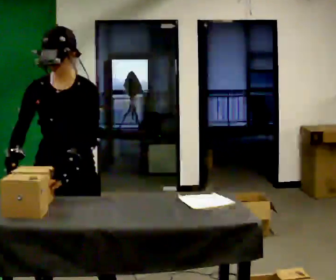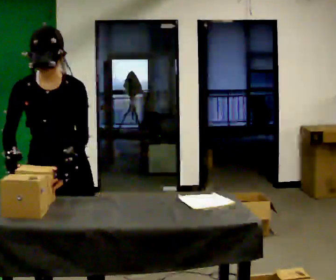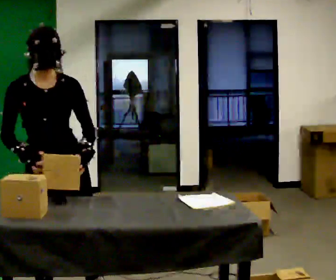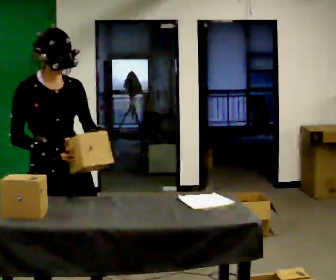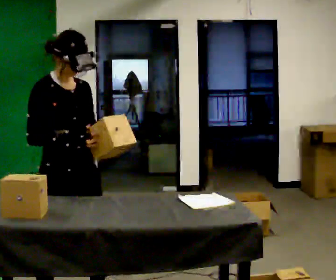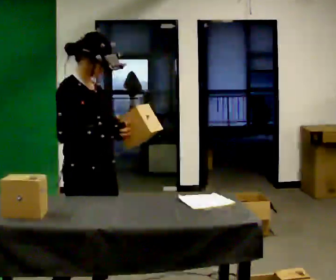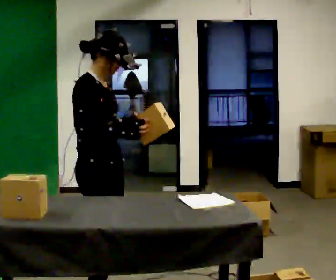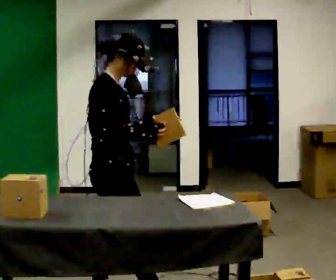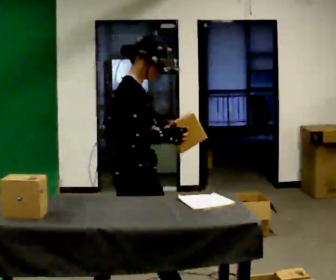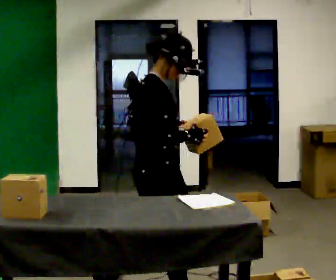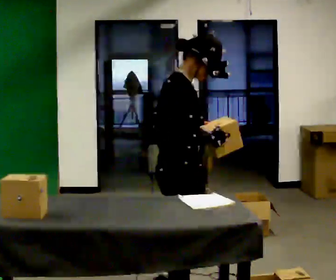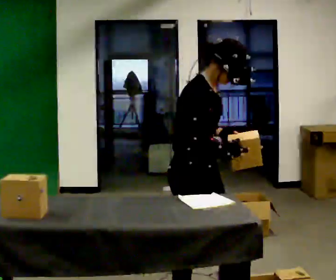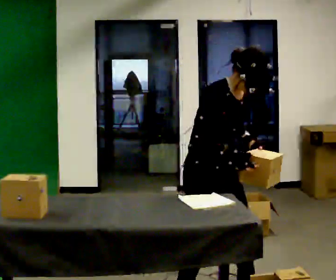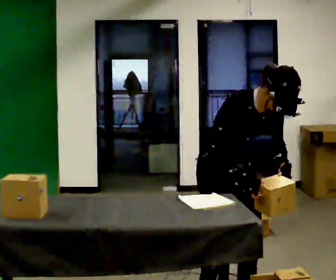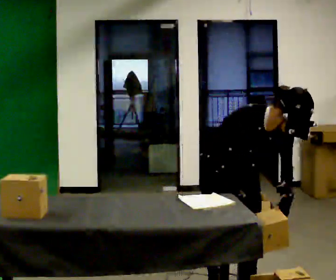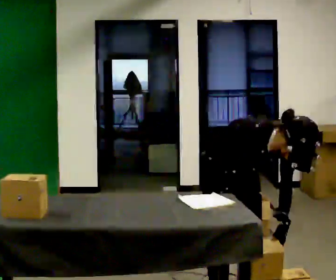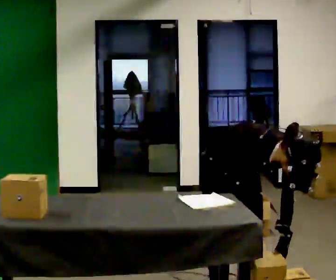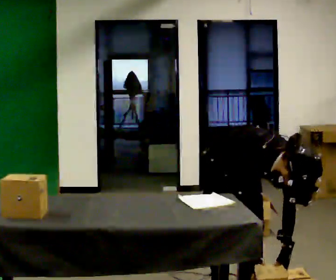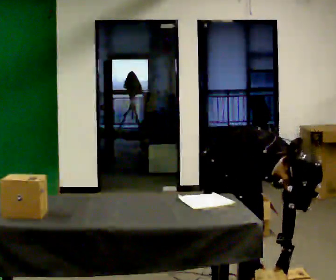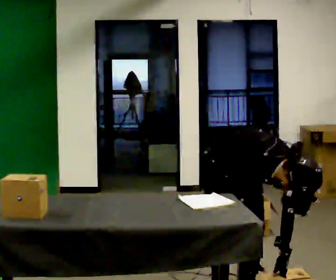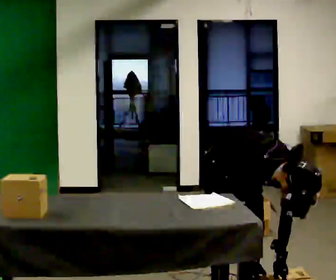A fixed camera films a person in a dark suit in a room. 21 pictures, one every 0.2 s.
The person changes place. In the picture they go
to the right.
The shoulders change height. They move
downward.
0.0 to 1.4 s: The person turns about 90 degrees to their left, counterclockwise seen from above, so the part of the body nearest the lens slides to the right. In the picture they go to the right and away from the camera, about 0.25 m in 1 step.
1.4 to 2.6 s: The part of the body nearest the lens slides to the left as the person turns to their right by about 60 degrees. In the picture they go to the right, about 0.75 m in 2 steps. The upper body tips toward the camera, its near side rolling downward, as they bend forward.
2.6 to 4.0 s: The upper body goes downward. The upper body tips toward the camera, its near side rolling downward, as they bend forward. In the picture their left hand goes downward.
The film runs forward here.
